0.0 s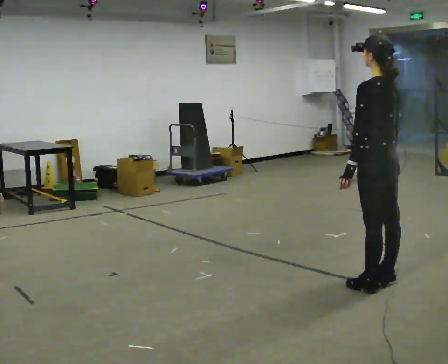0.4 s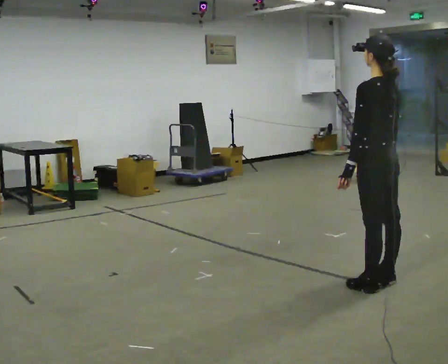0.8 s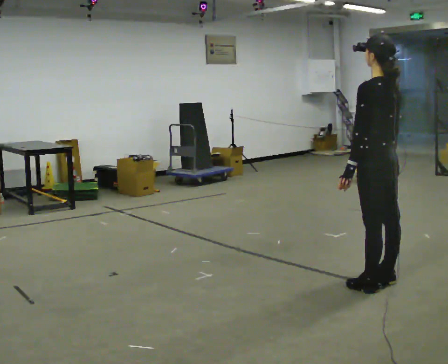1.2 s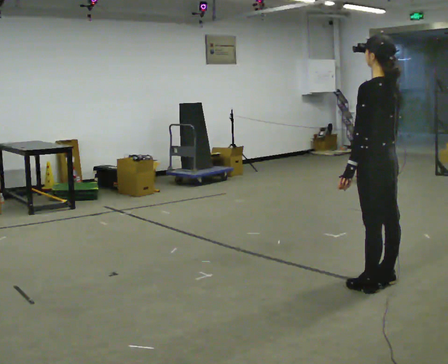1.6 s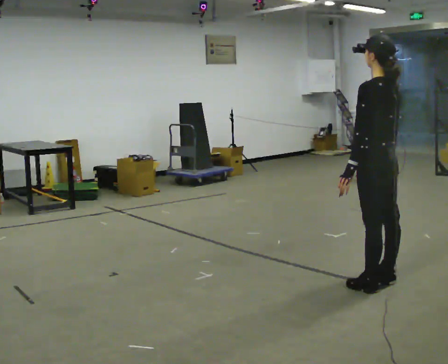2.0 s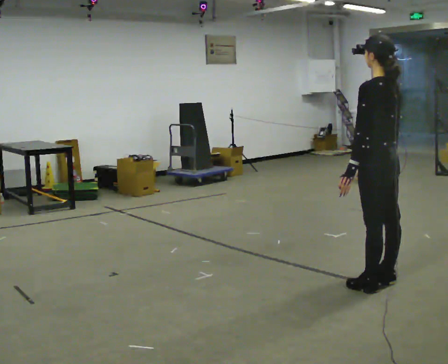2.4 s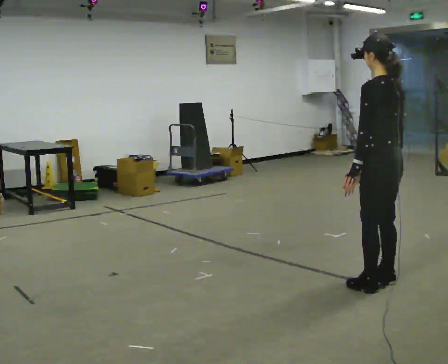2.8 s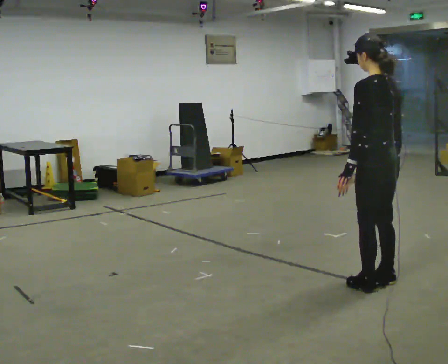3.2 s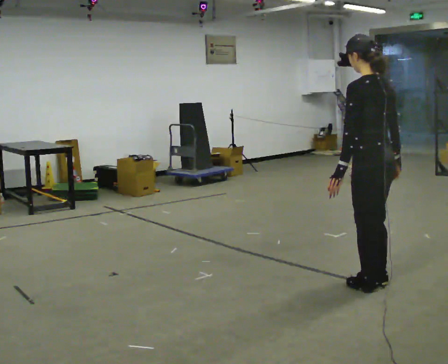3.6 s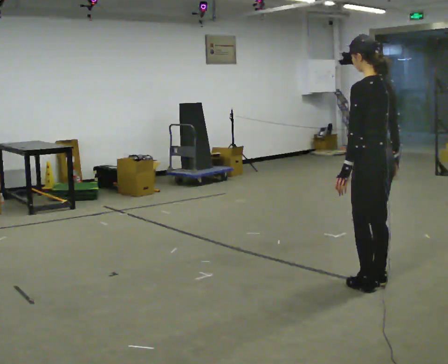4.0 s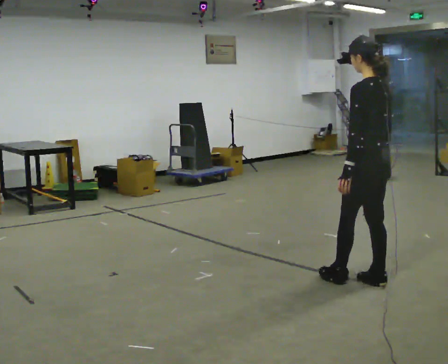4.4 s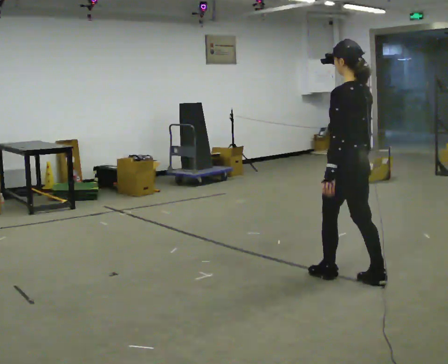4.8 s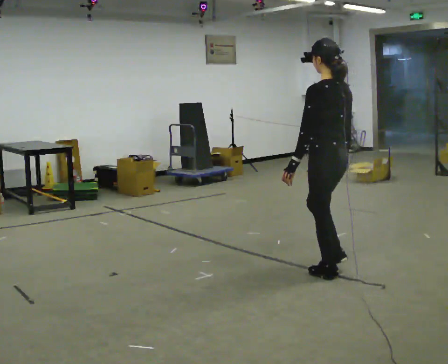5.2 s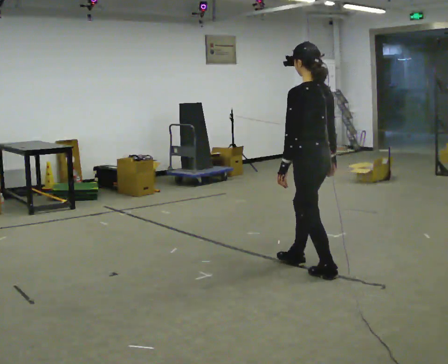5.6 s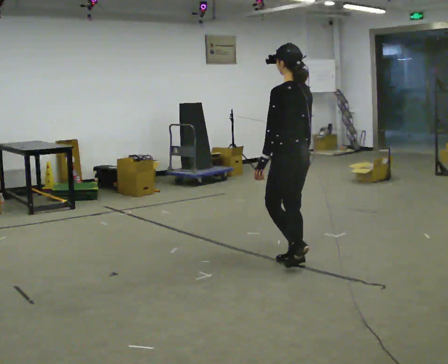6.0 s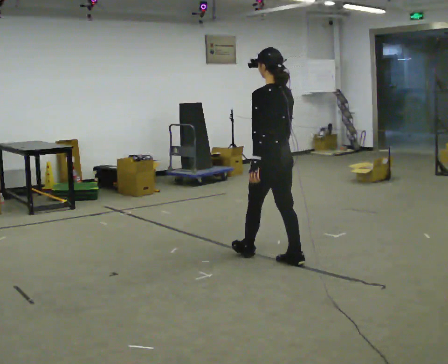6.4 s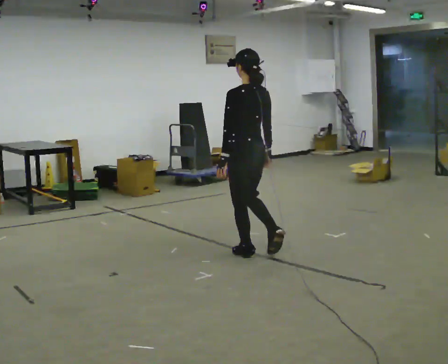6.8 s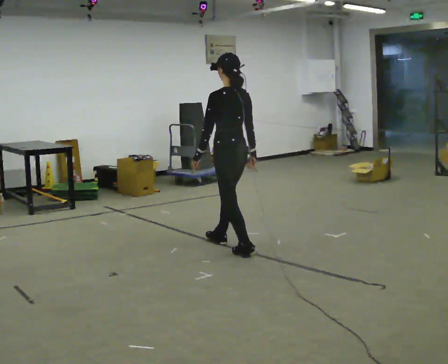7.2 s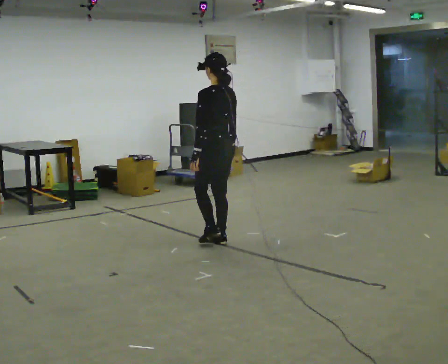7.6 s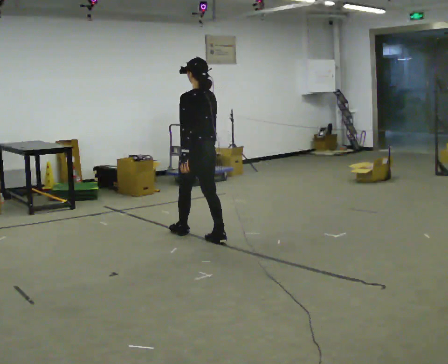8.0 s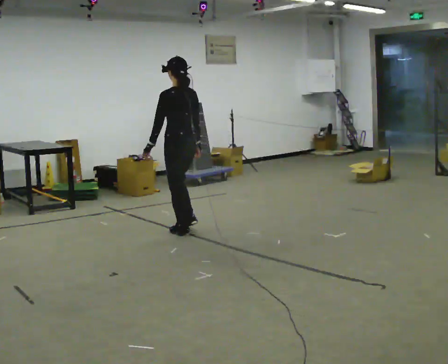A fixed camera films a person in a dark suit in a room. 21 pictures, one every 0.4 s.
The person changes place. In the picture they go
to the left.
0.0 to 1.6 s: The person keeps their place and pose.
1.6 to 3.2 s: The person moves a little, or ends about where they began.
3.2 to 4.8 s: In the picture they go to the left and away from the camera, about 0.5 m in 1 step, which for them is forward.
4.8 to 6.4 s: In the picture they go to the left and away from the camera, about 1 m in 2 steps, which for them is forward.
6.4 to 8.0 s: In the picture they go to the left and away from the camera, about 1 m in 2 steps, which for them is forward.
The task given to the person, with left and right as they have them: Walk forward with your feet closer together than normal, or further apart than normal, as the operator states; stop.
The film runs forward here.
